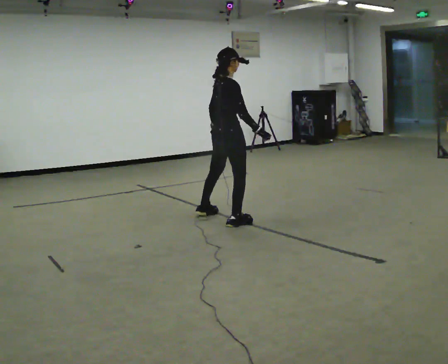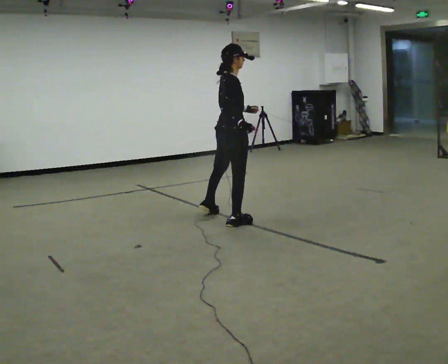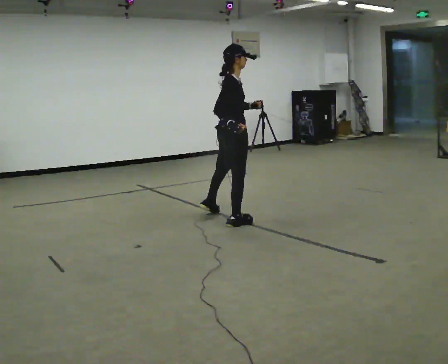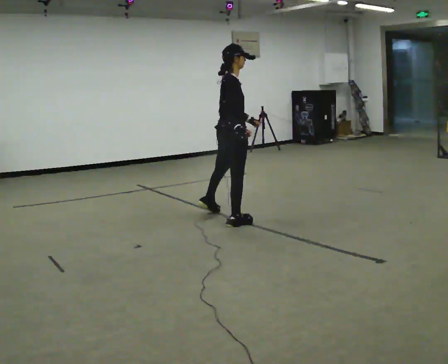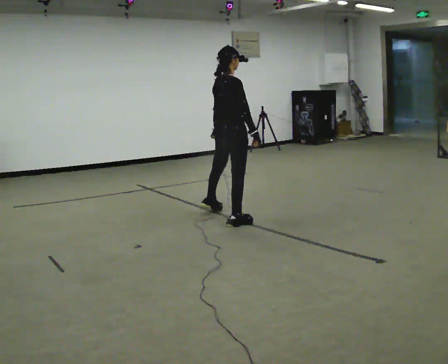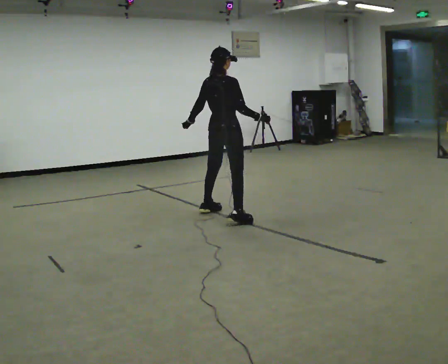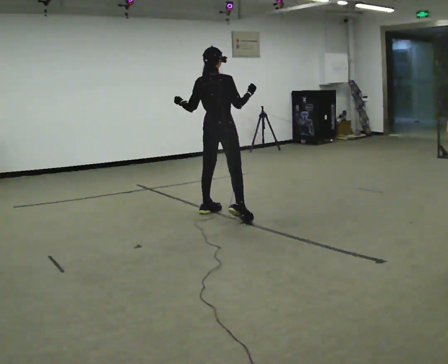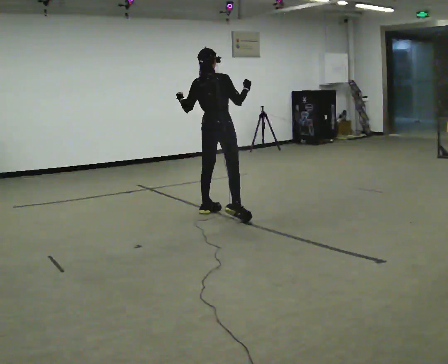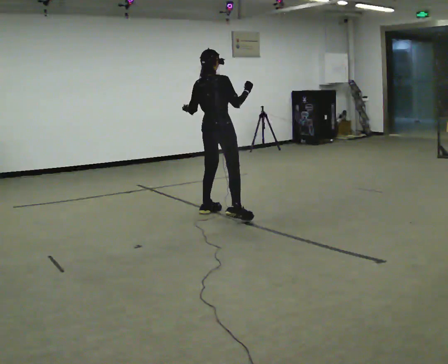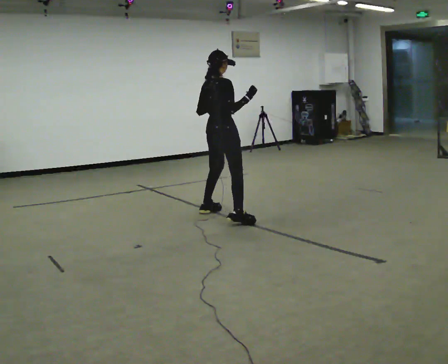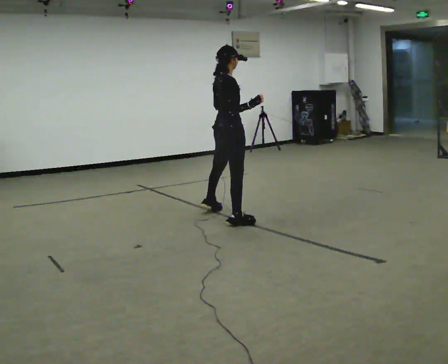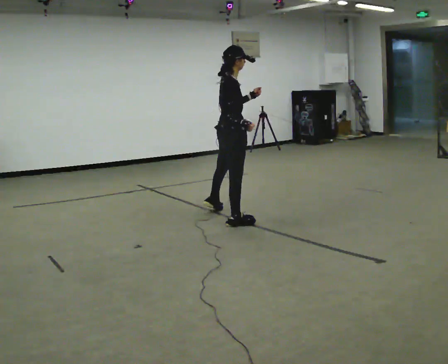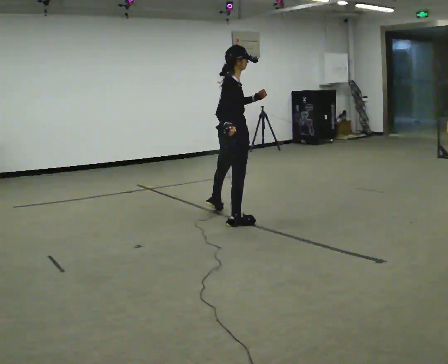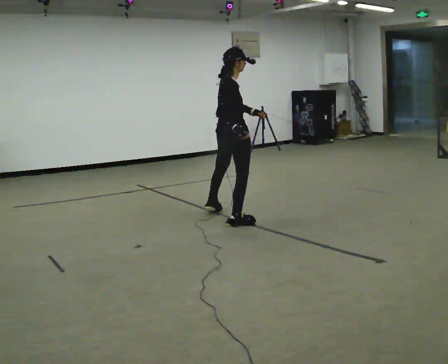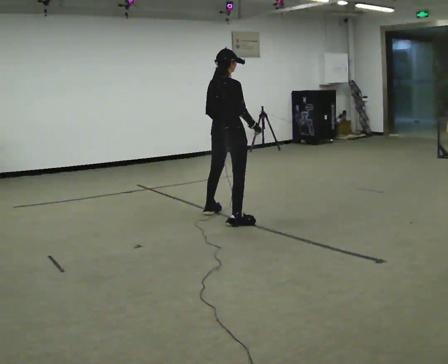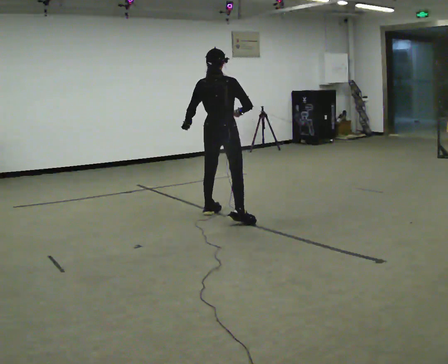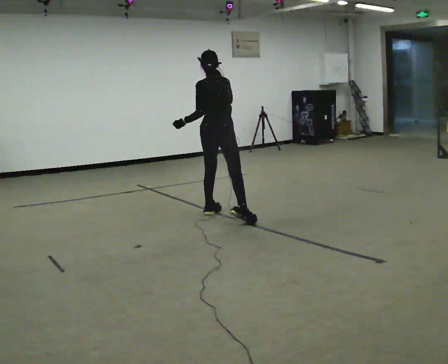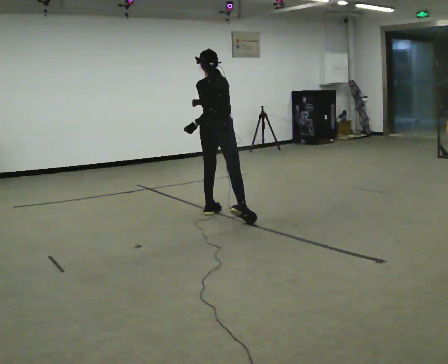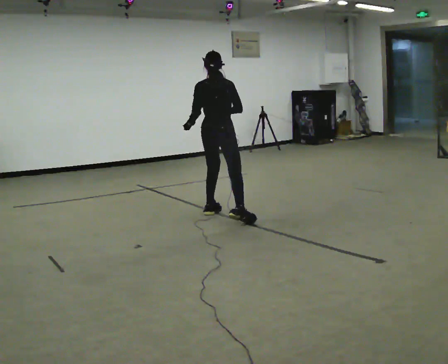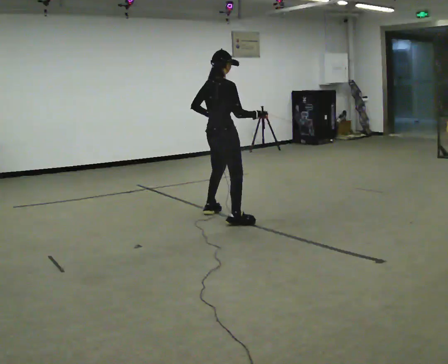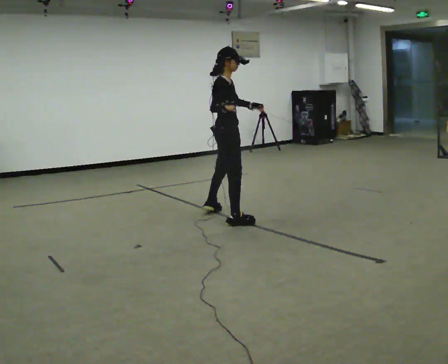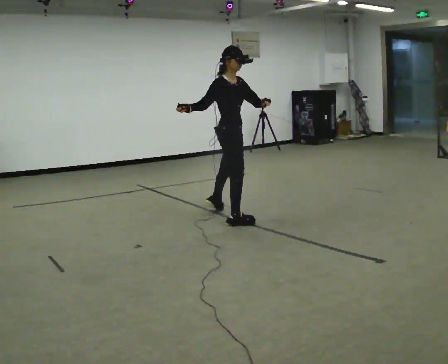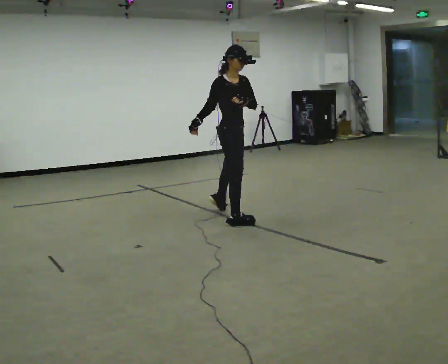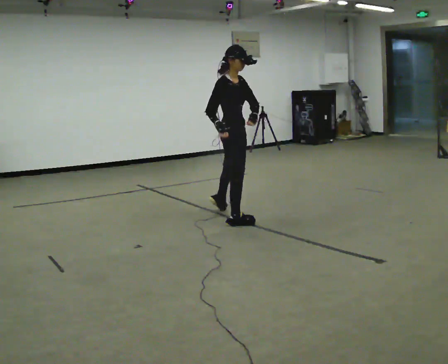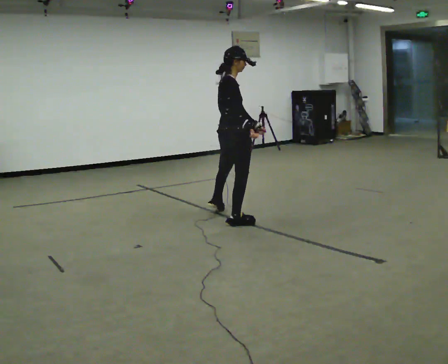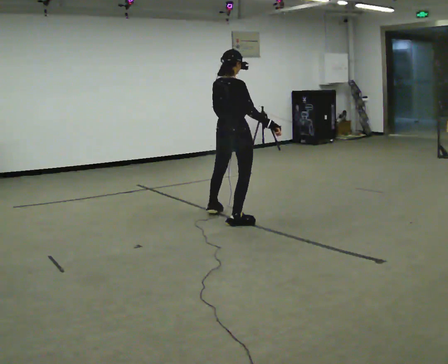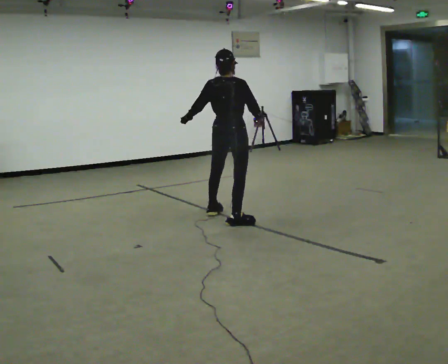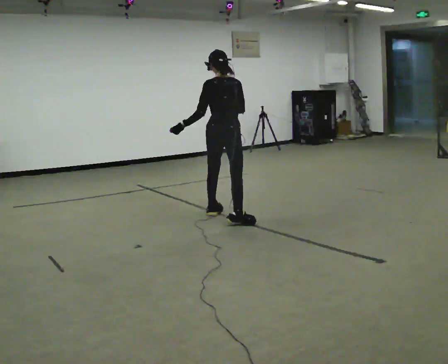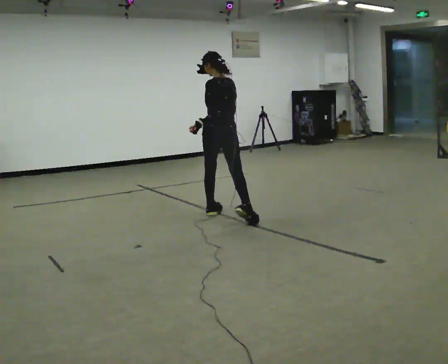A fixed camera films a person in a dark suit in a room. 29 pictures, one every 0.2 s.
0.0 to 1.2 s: Seen from above the body turns counterclockwise, about 30 degrees: to their left, with its near side sliding to the right. In the picture they go away from the camera, about 0.25 m, which for them is to their left. In the picture their right hand goes upward.
1.2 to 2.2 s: The part of the body nearest the lens slides to the left as the person turns to their right by about 45 degrees. In the picture they go toward the camera, about 0.25 m, which for them is to their right.
2.2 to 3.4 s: Seen from above the body turns counterclockwise, about 75 degrees: to their left, with its near side sliding to the right. In the picture they go away from the camera, about 0.25 m. In the picture their right hand goes to the left.
3.4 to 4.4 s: Seen from above the body turns clockwise, about 120 degrees: to their right, with its near side sliding to the left. In the picture they go toward the camera, about 0.25 m.
4.4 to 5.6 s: Seen from above the body turns counterclockwise, about 135 degrees: to their left, with its near side sliding to the right. In the picture they go away from the camera, about 0.25 m.
The film runs forward here.
